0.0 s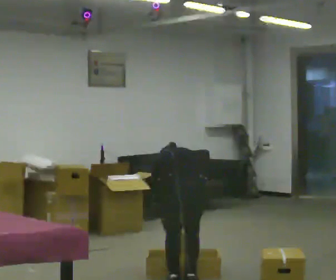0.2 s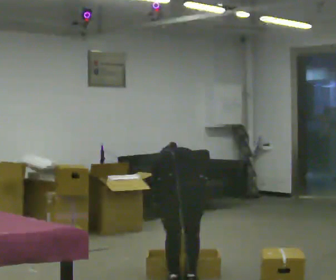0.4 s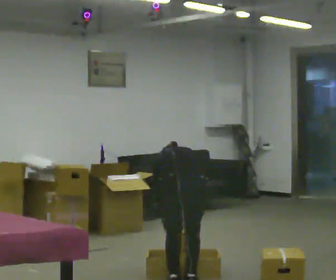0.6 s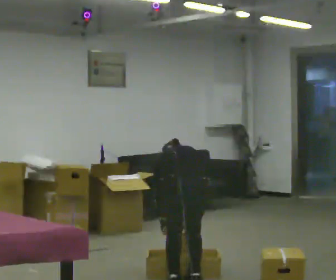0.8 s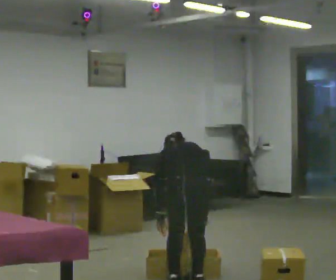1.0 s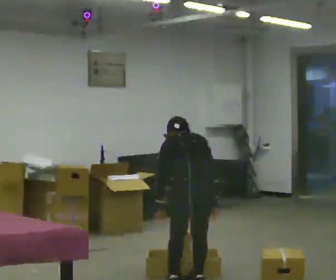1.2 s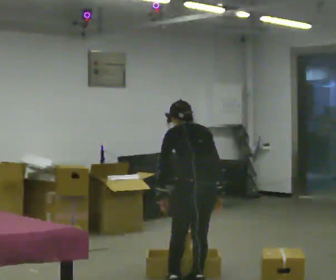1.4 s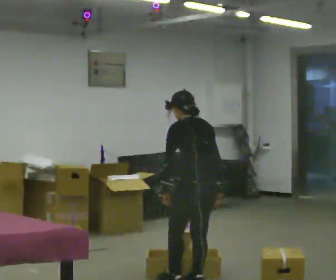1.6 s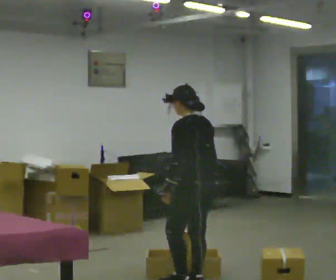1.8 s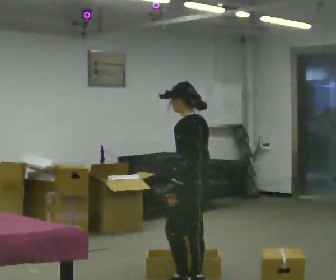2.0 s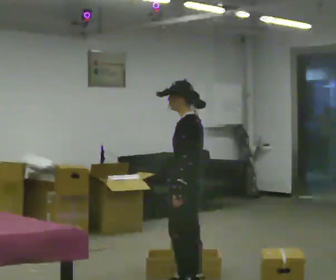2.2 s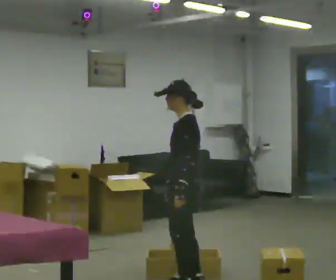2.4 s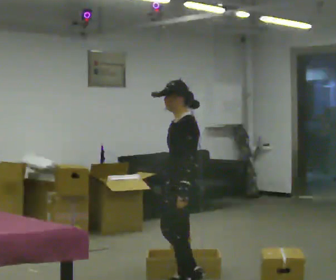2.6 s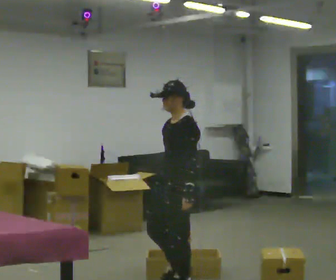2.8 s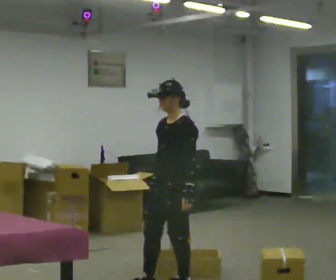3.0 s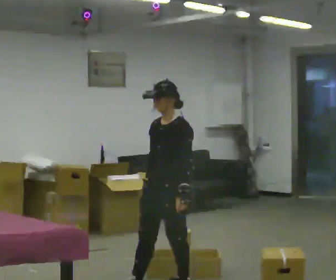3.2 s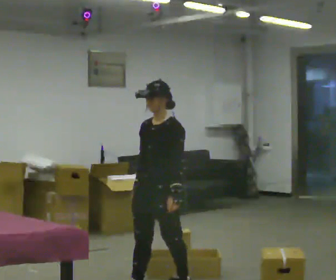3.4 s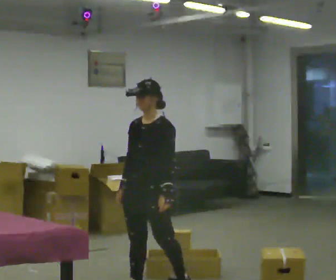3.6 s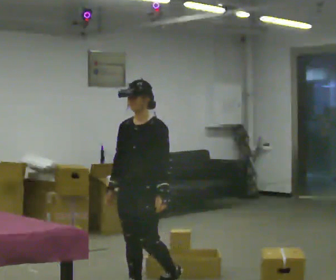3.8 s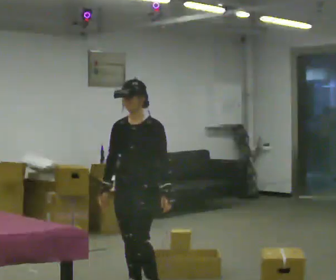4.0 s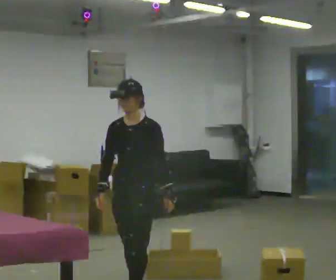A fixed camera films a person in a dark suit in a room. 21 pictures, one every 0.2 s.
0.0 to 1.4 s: The part of the body nearest the lens slides to the right as the person turns to their left by about 30 degrees. The shoulders move upward. The upper body tips toward the camera, its near side rolling downward, as they lean back or straighten. In the picture their left hand goes upward.
1.4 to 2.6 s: The part of the body nearest the lens slides to the right as the person turns to their left by about 75 degrees. In the picture they go to the left, about 0.25 m in 1 step. In the picture their right hand goes to the left.
2.6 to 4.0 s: The person turns about 45 degrees to their left, counterclockwise seen from above, so the part of the body nearest the lens slides to the right. In the picture they go to the left and toward the camera, about 0.5 m in 1 step, which for them is forward.
The film runs forward here.
